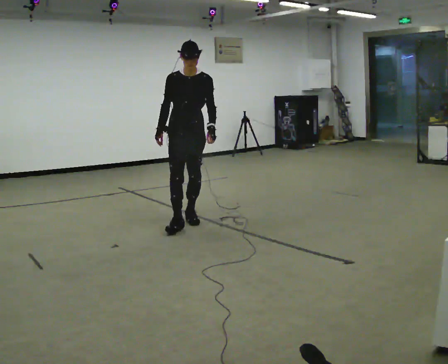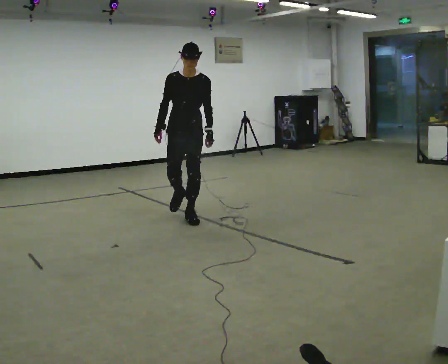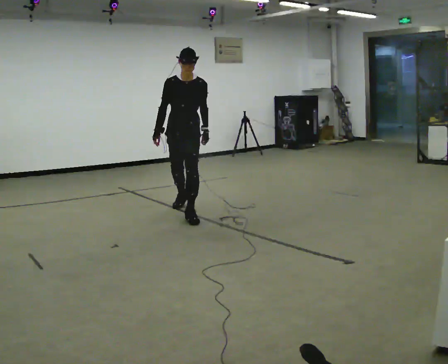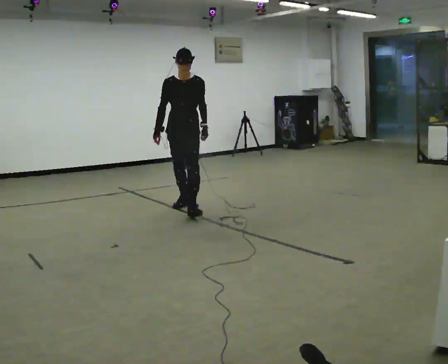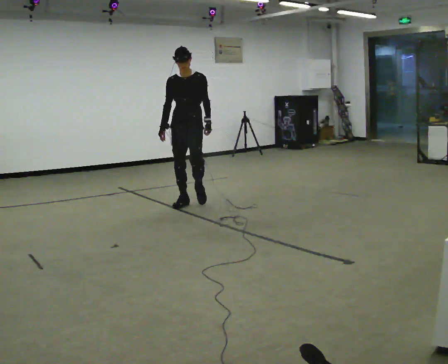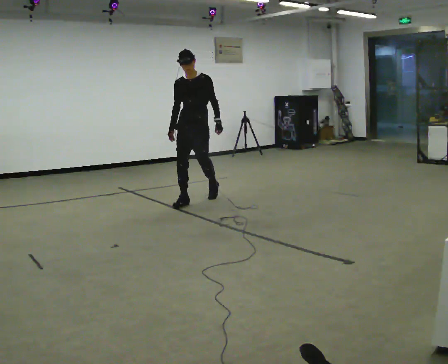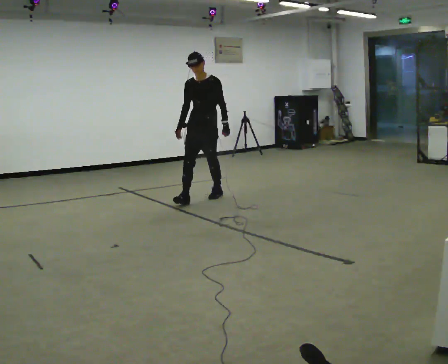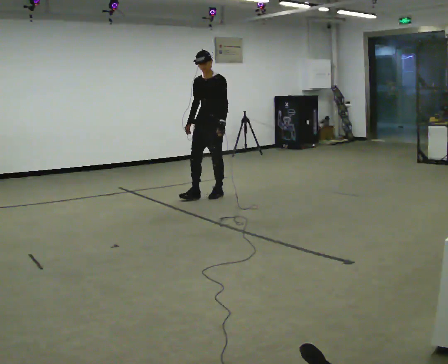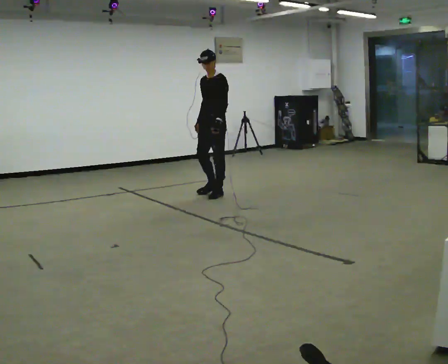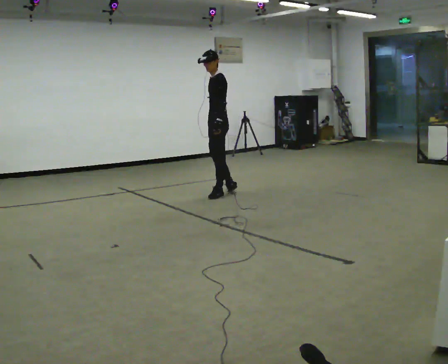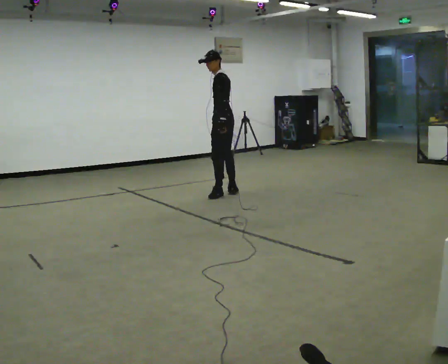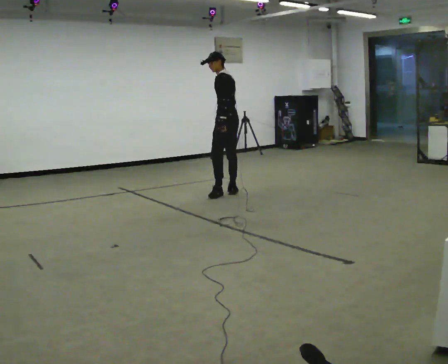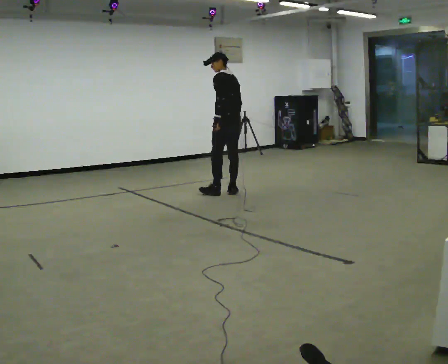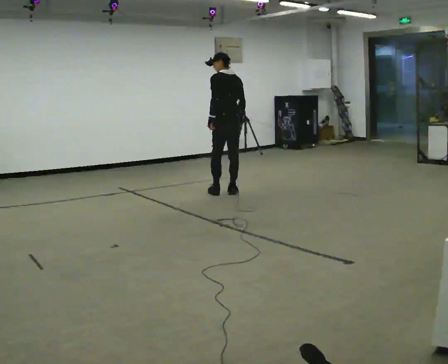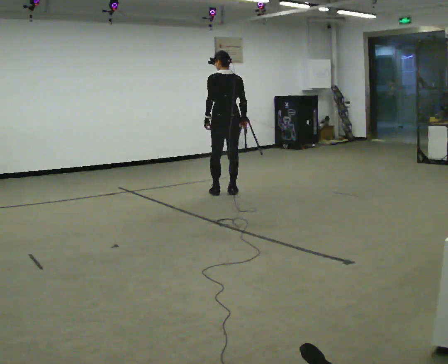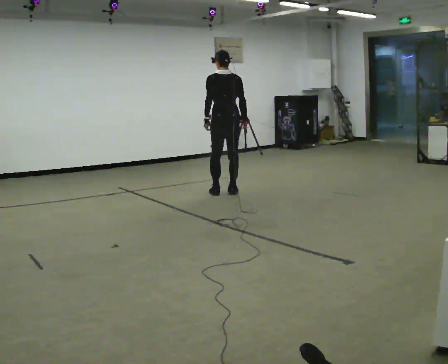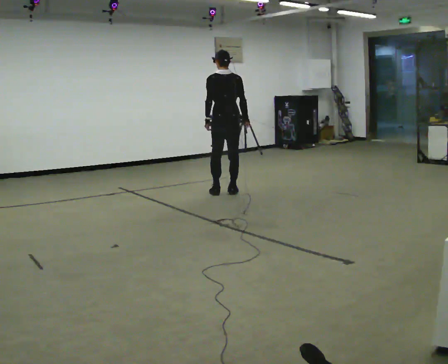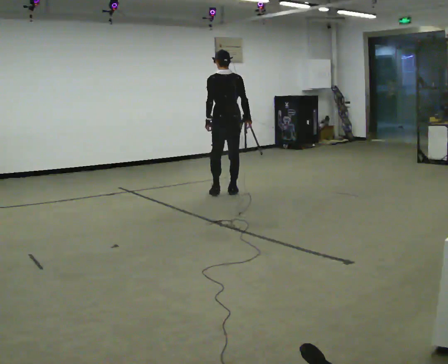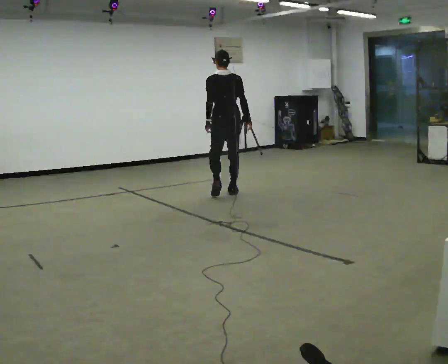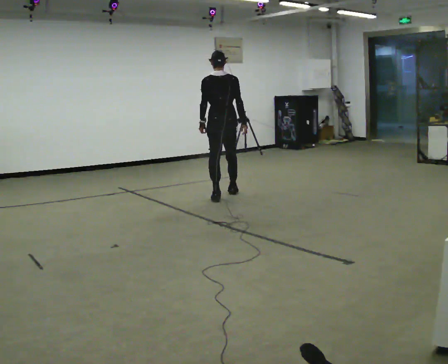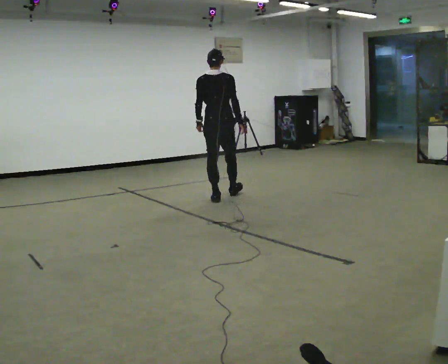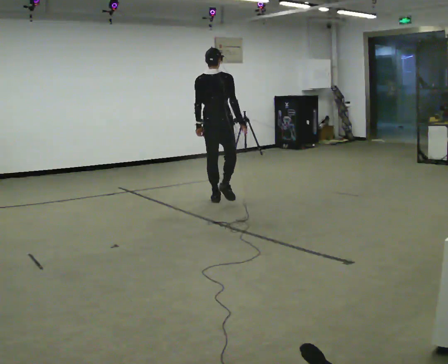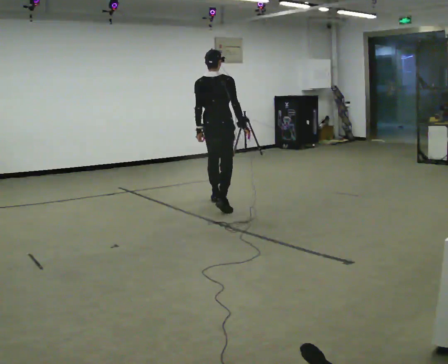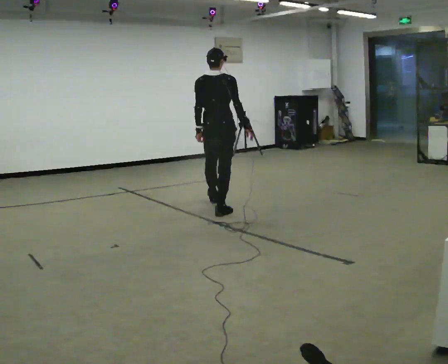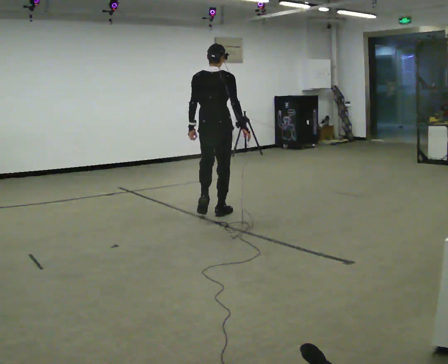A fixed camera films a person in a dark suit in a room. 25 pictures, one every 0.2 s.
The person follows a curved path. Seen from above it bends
clockwise.
The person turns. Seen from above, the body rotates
clockwise.
0.0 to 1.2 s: In the picture they go away from the camera, about 1 m in 1 step, which for them is backward.
1.2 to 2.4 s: The person turns about 105 degrees to their right, clockwise seen from above, so the part of the body nearest the lens slides to the left. In the picture they go to the right and away from the camera, about 0.5 m in 1 step. The upper body tips away from the camera, its near side rolling upward.
2.4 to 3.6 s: Seen from above the body turns clockwise, about 45 degrees: to their right, with its near side sliding to the left.
3.6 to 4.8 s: In the picture they go toward the camera, about 1 m in 2 steps, which for them is backward.
The film runs backward here.
